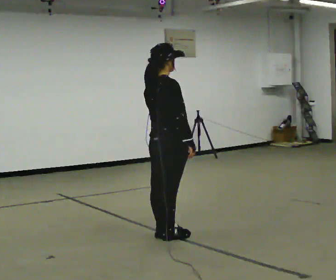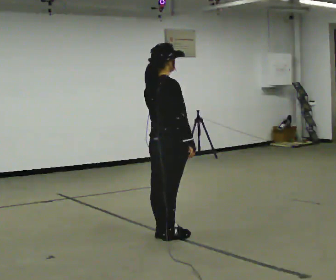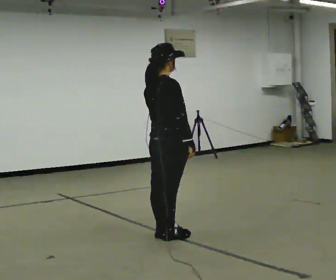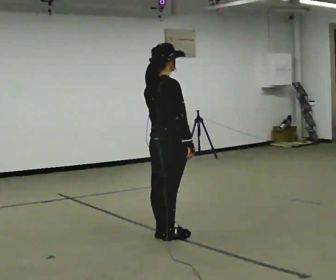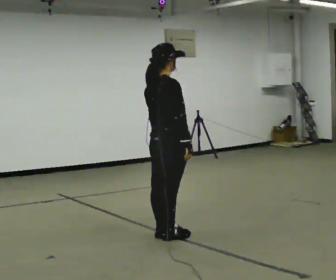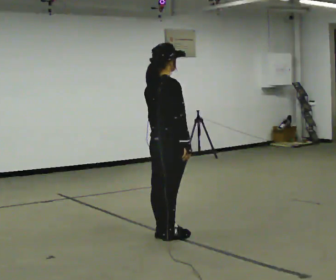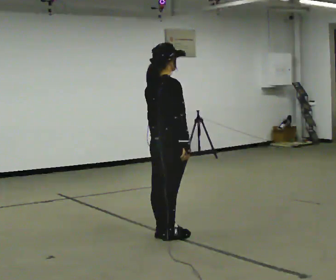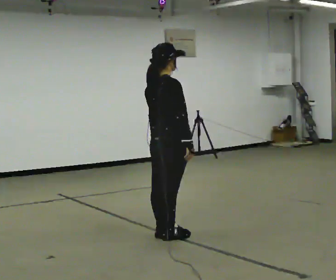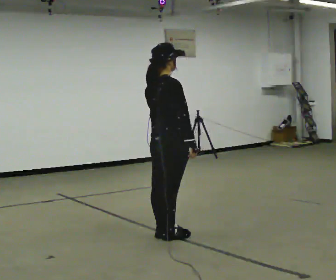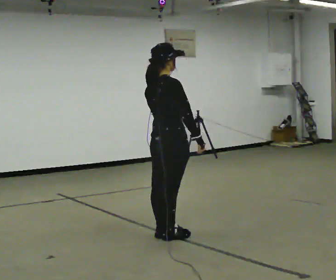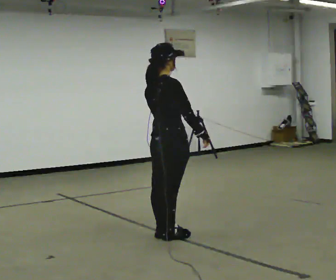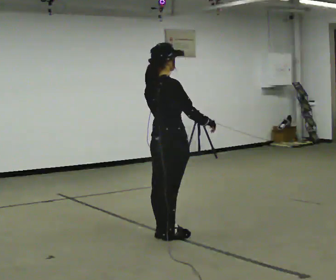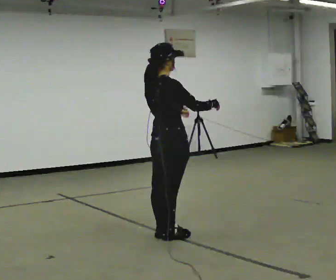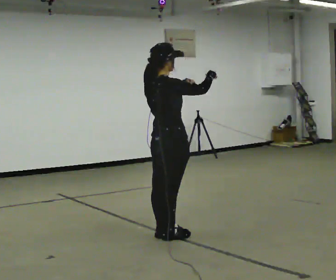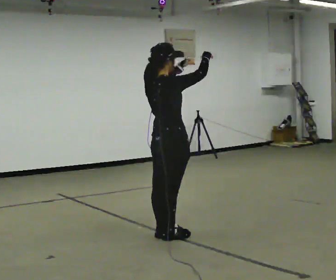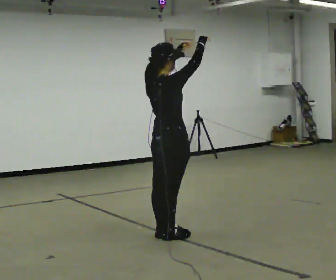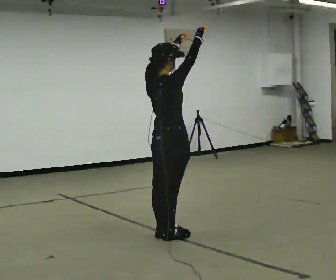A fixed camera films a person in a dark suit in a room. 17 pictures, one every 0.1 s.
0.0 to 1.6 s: In the picture their right hand goes upward, the arm swinging counterclockwise.
The film runs backward here.
